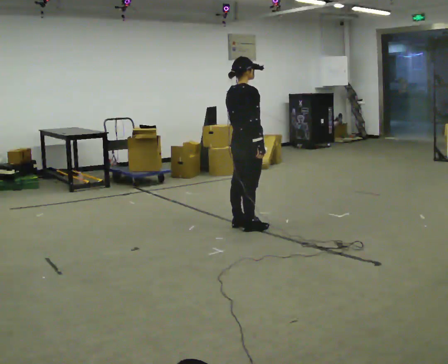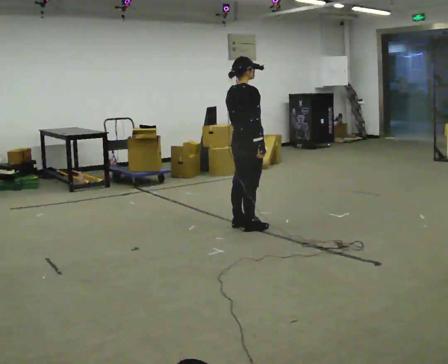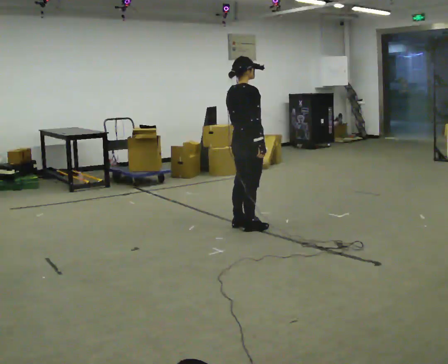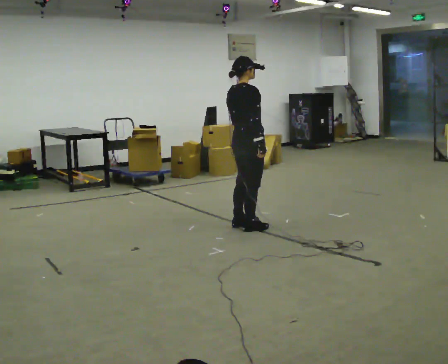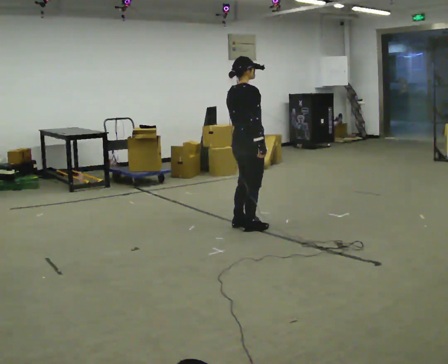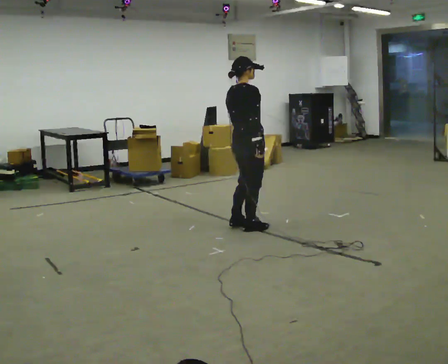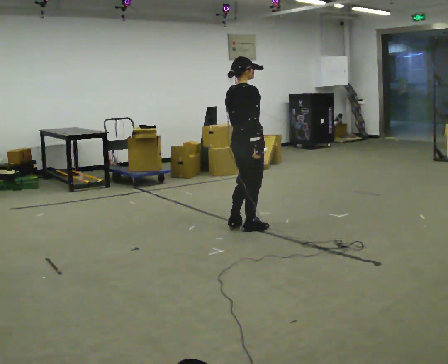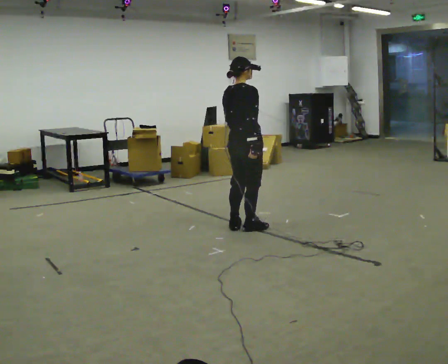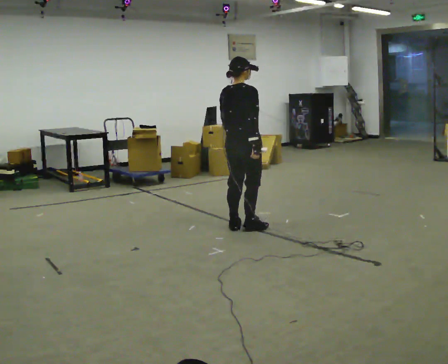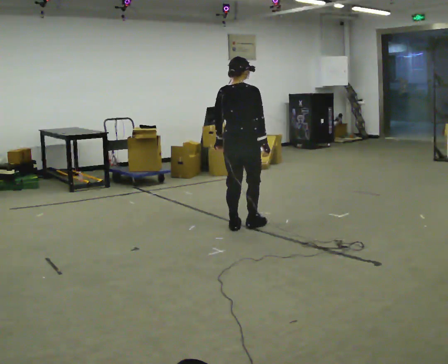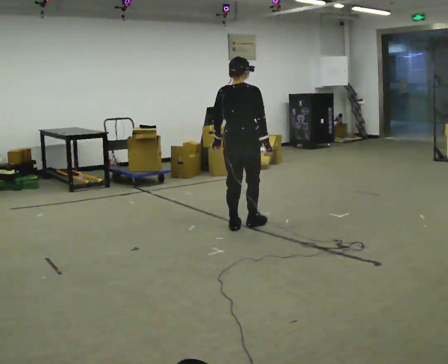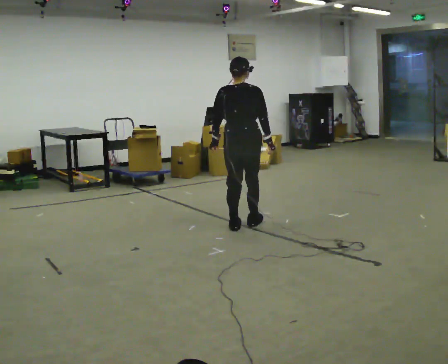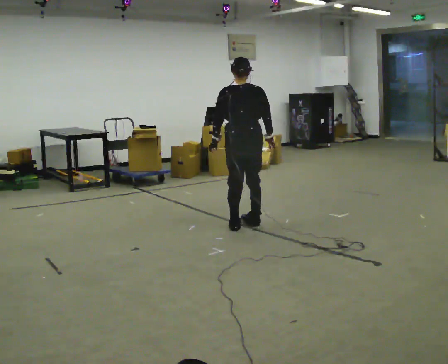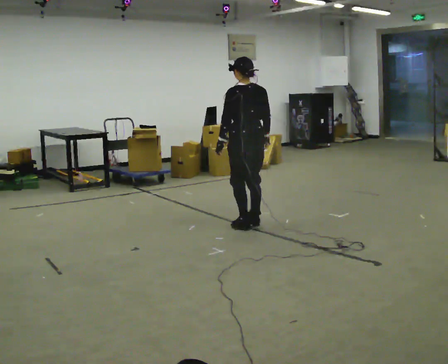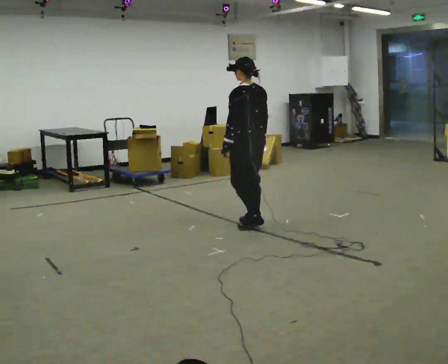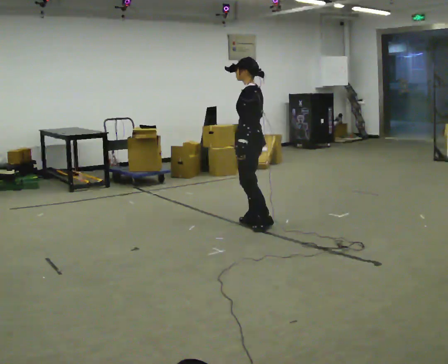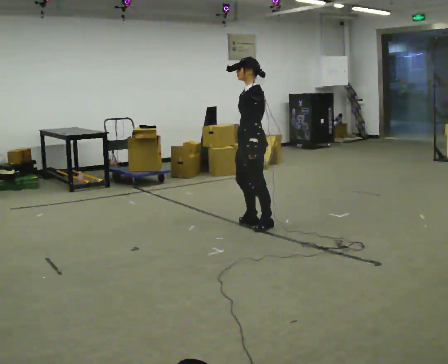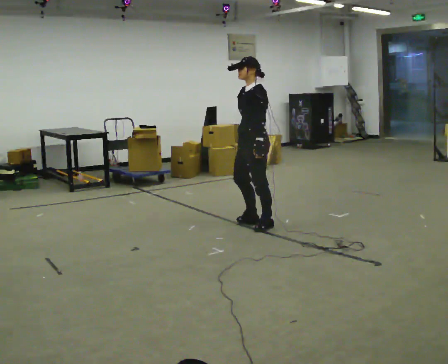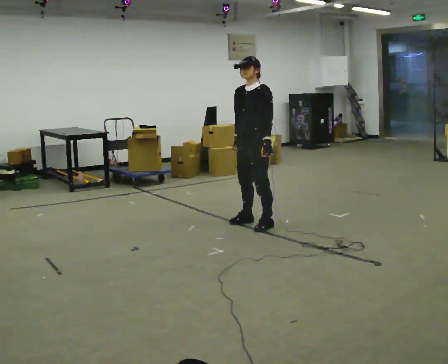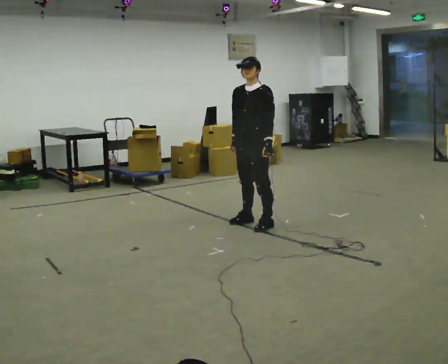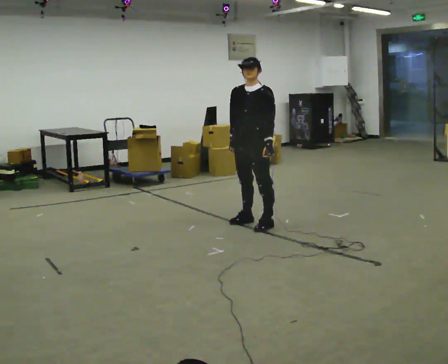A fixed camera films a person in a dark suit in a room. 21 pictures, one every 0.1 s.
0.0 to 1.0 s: Seen from above the body turns counterclockwise, about 30 degrees: to their left, with its near side sliding to the right.
1.0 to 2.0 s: The person turns about 165 degrees to their left, counterclockwise seen from above, so the part of the body nearest the lens slides to the right. In the picture their left hand goes to the right.
The film runs backward here.
